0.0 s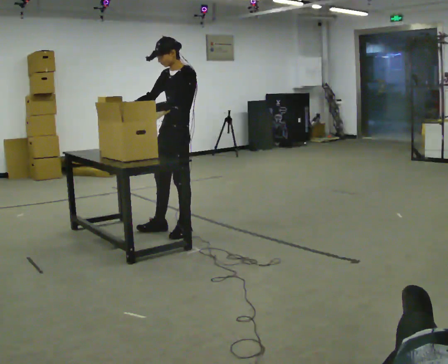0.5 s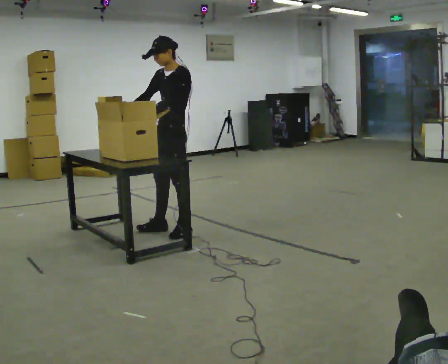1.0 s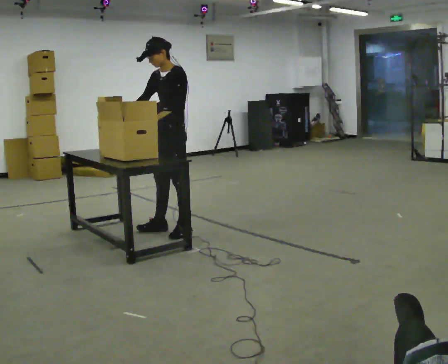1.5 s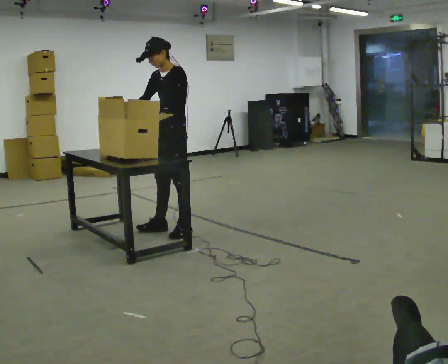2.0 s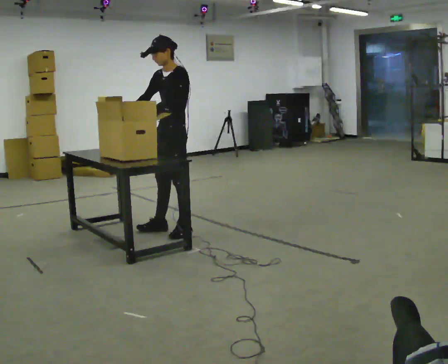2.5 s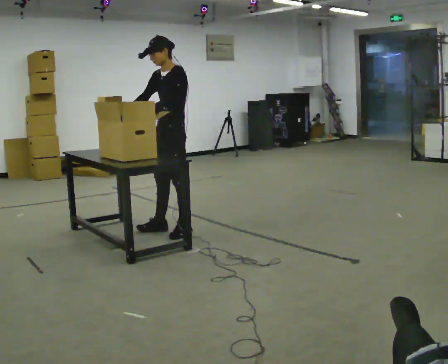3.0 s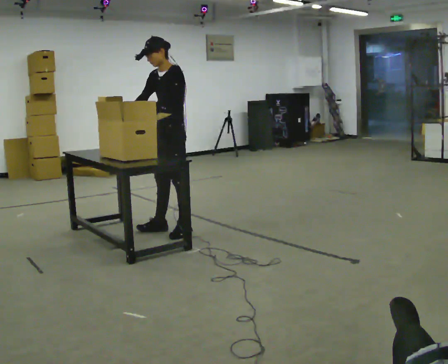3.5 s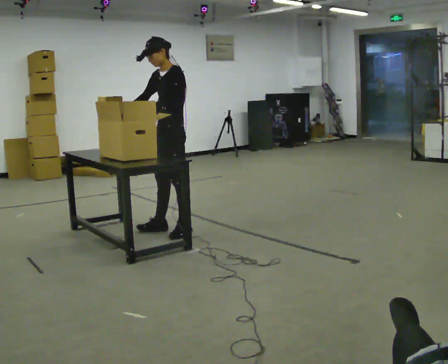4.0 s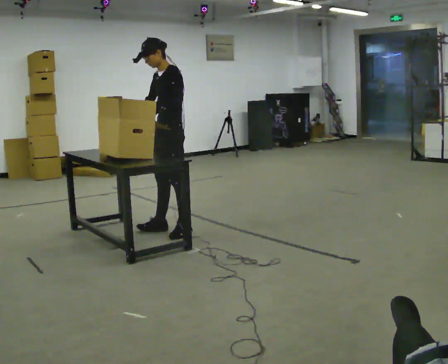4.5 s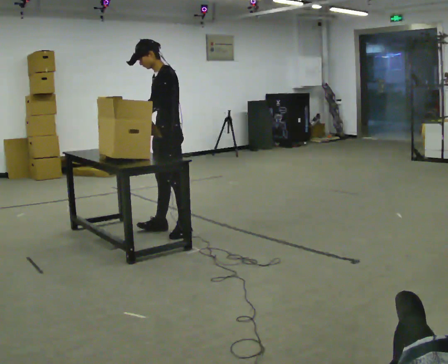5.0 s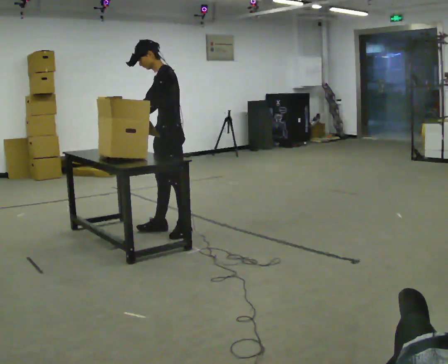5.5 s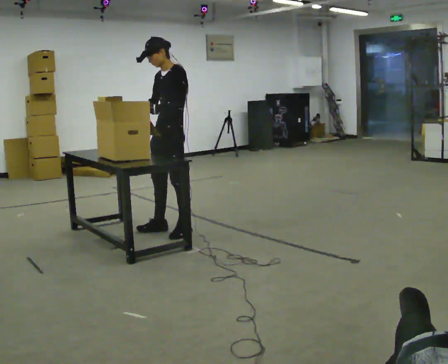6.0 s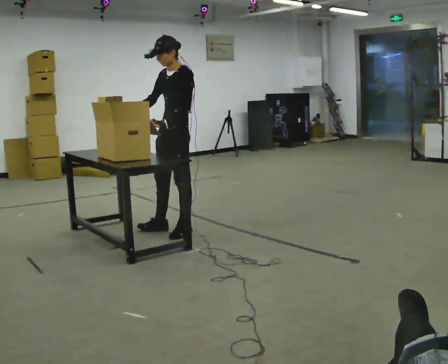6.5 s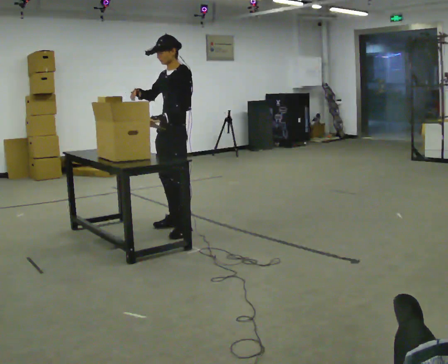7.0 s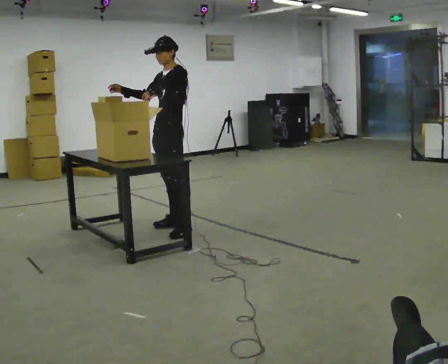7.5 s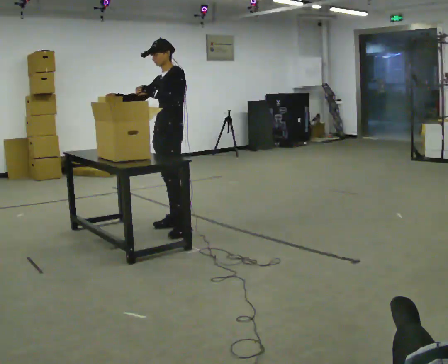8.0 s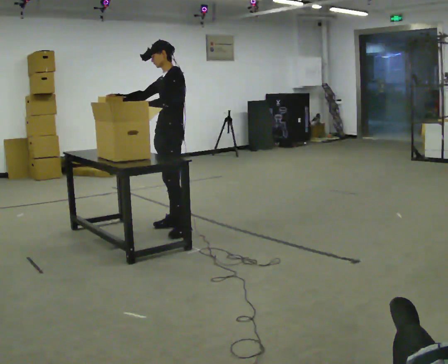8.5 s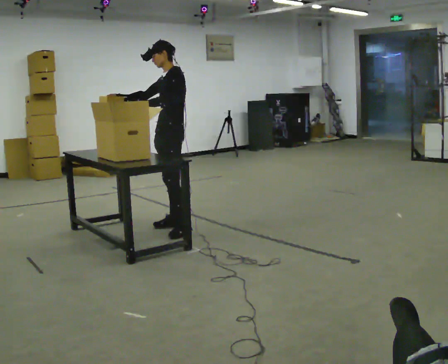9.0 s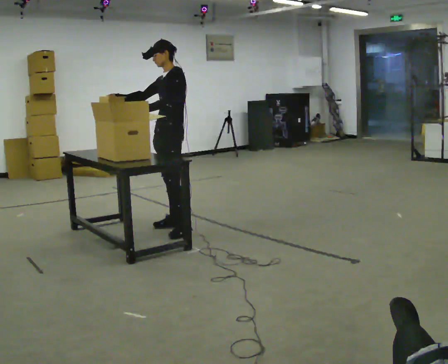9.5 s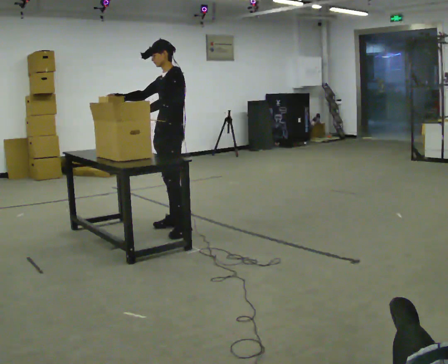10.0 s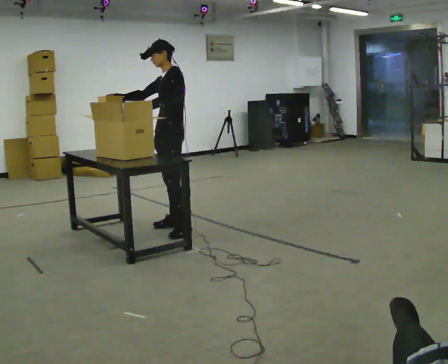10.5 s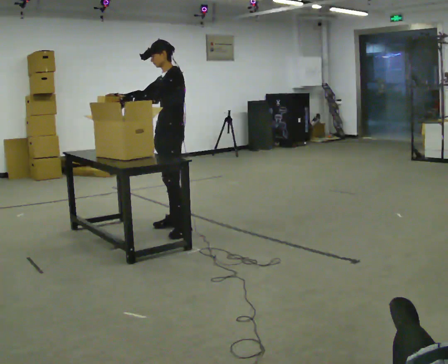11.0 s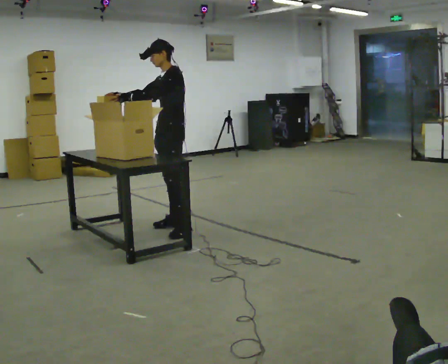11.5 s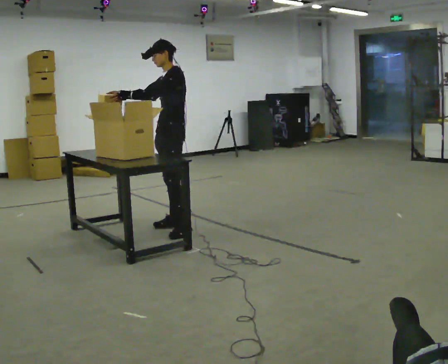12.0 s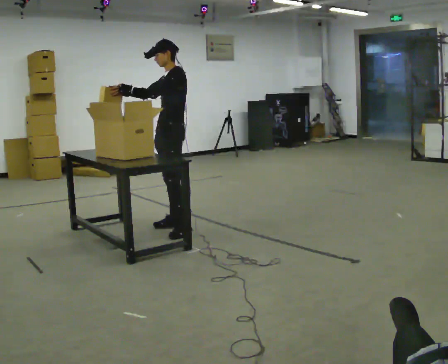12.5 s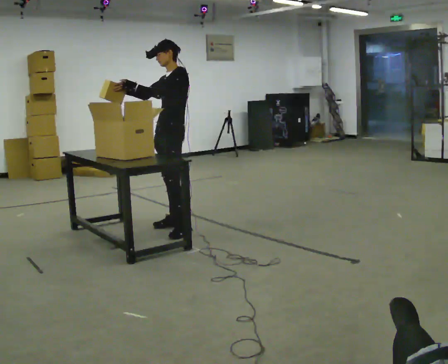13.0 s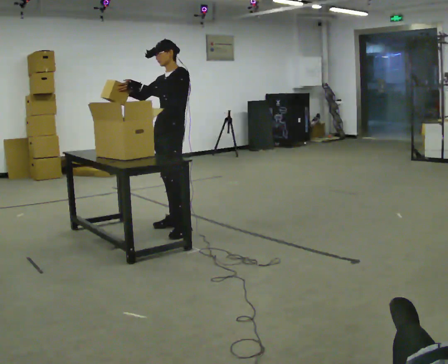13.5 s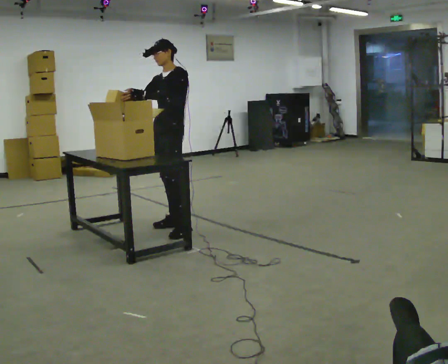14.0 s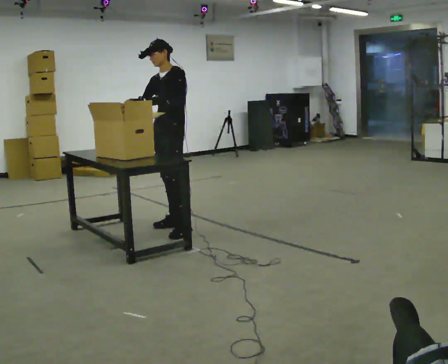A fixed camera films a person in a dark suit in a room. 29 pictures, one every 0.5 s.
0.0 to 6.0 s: The person moves a little, or ends about where they began.
6.0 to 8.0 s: In the picture they go away from the camera, about 0.25 m in 1 step, which for them is to their right.
8.0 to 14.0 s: The person moves a little, or ends about where they began.
The film runs backward here.
